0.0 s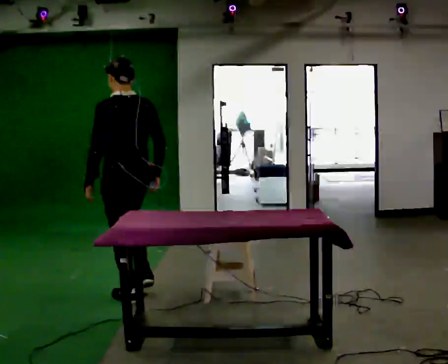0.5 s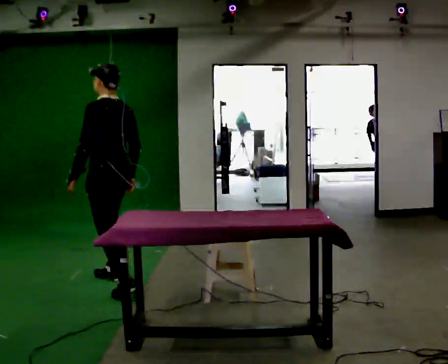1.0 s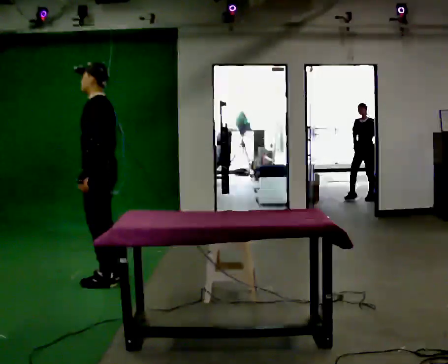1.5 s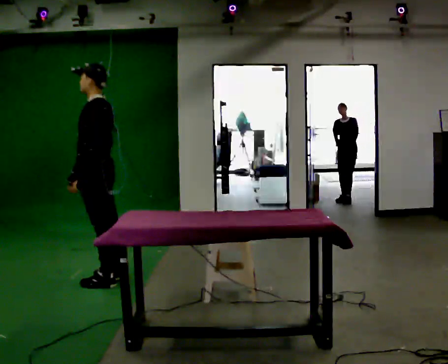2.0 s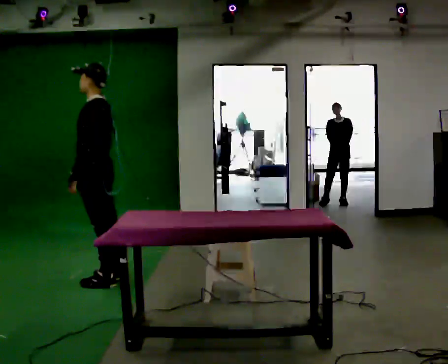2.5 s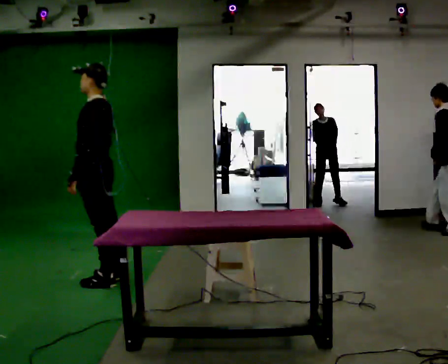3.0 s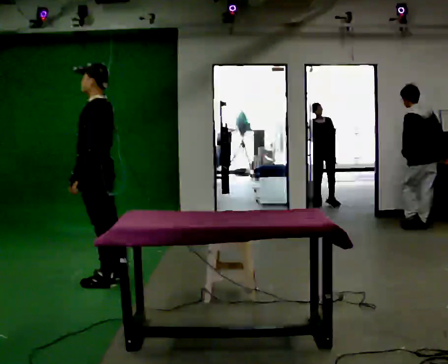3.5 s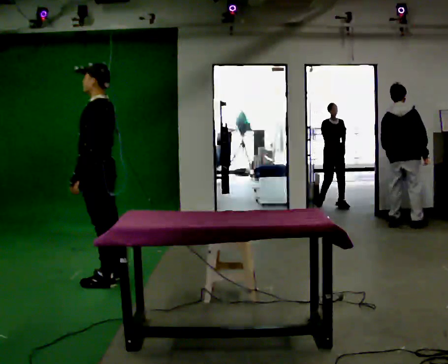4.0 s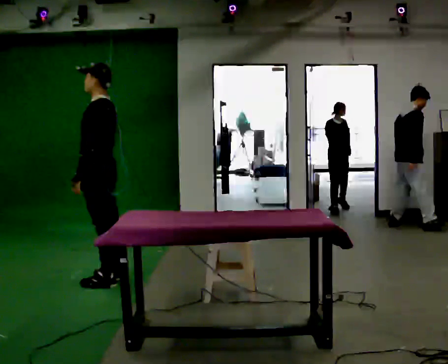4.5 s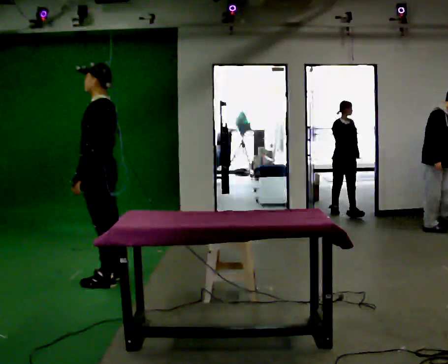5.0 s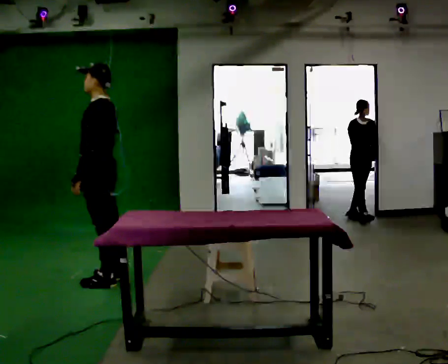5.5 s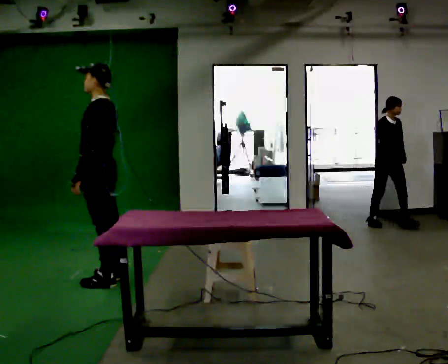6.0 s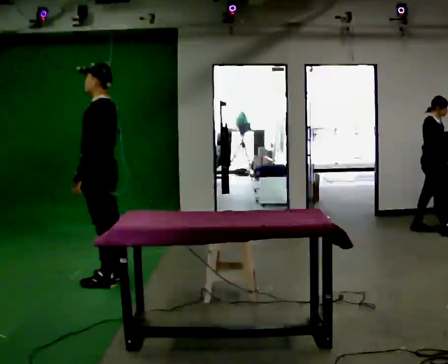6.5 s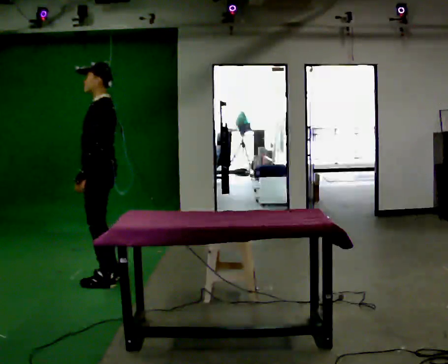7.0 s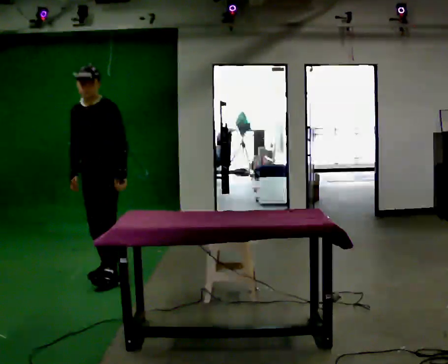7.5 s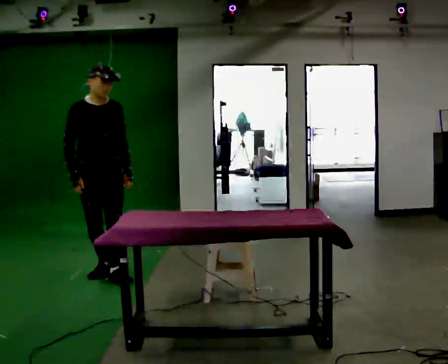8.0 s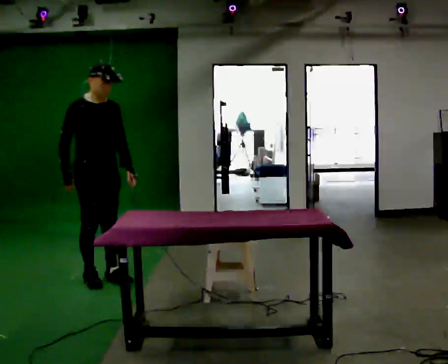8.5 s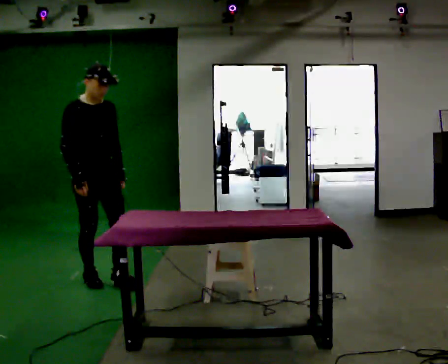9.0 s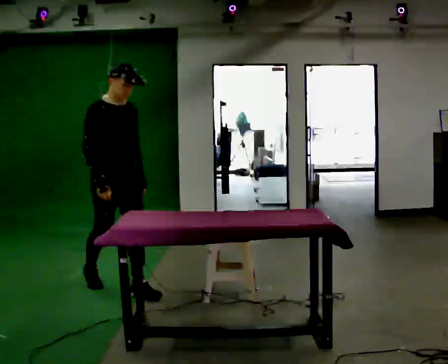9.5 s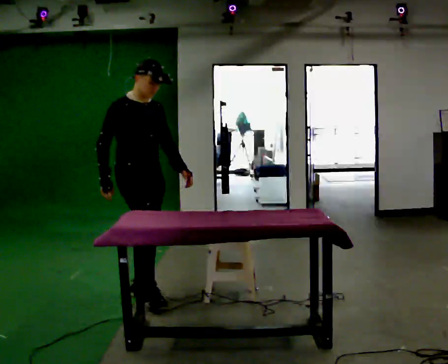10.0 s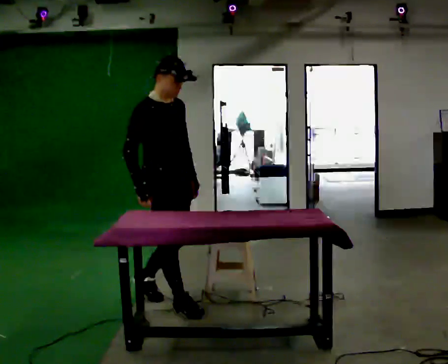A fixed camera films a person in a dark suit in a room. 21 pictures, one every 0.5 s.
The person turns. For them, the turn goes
to their left.
The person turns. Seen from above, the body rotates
counterclockwise.
0.0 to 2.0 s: Seen from above the body turns counterclockwise, about 45 degrees: to their left, with its near side sliding to the right. In the picture they go away from the camera and to the left, about 0.5 m in 2 steps, which for them is to their right and forward.
2.0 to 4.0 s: The person moves a little, or ends about where they began.
4.0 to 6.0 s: The person keeps their place and pose.
6.0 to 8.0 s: The person turns about 135 degrees to their left, counterclockwise seen from above, so the part of the body nearest the lens slides to the right. In the picture their left hand goes to the right, the arm swinging counterclockwise.
8.0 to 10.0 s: In the picture they go toward the camera and to the right, about 1 m in 2 steps, which for them is forward.
The film runs forward here.
